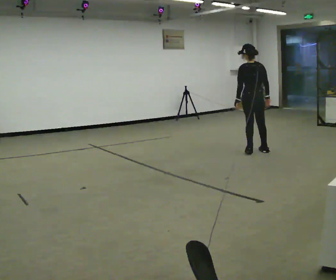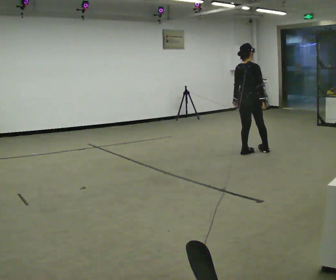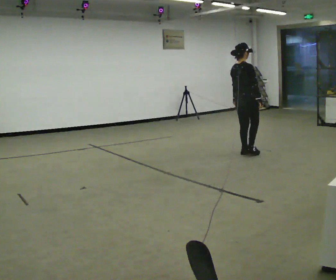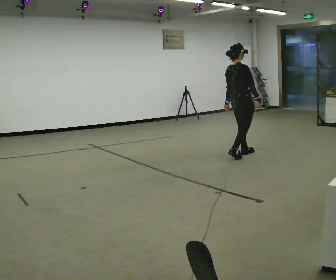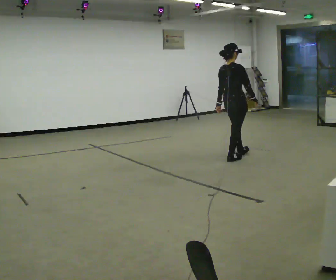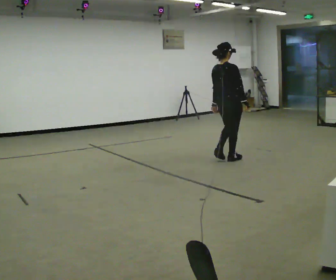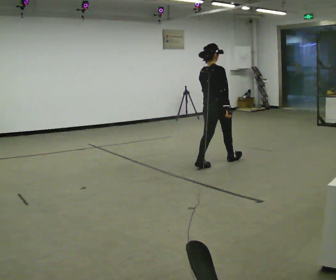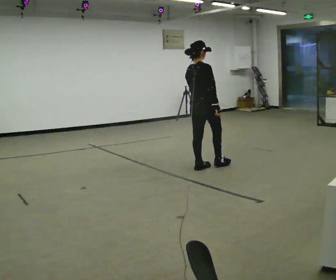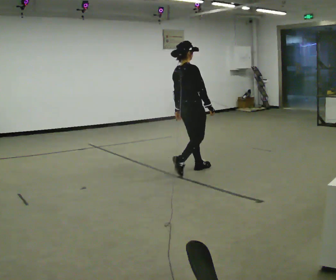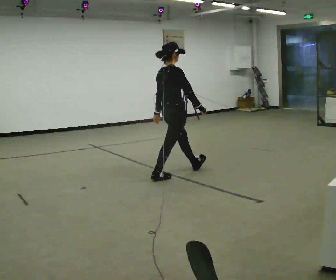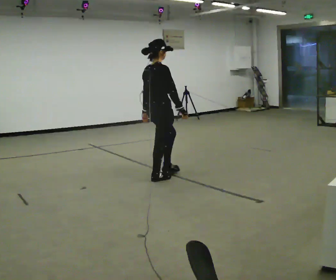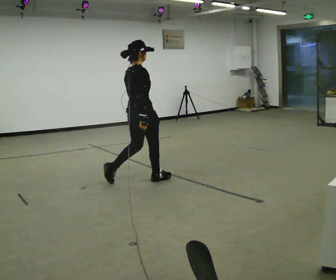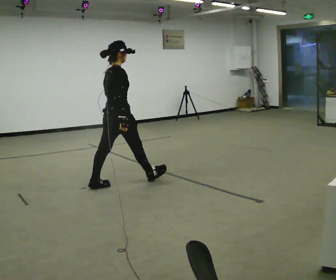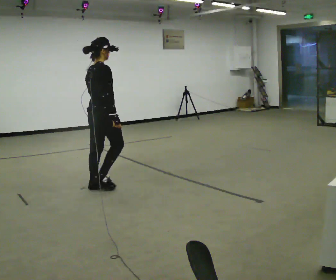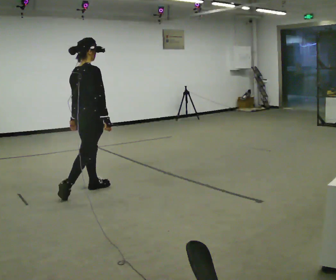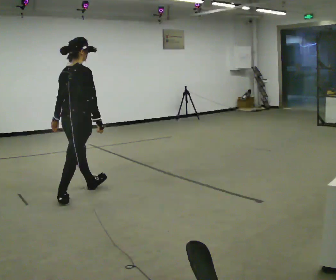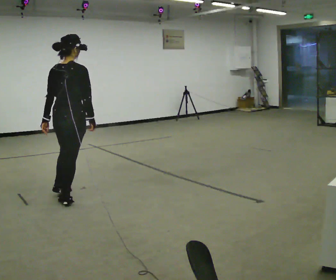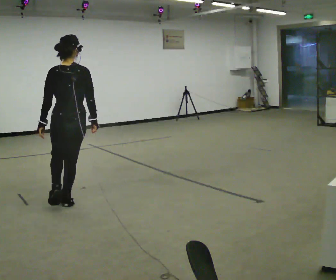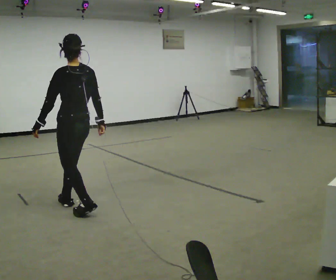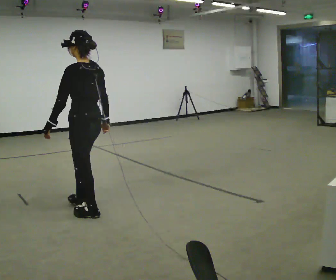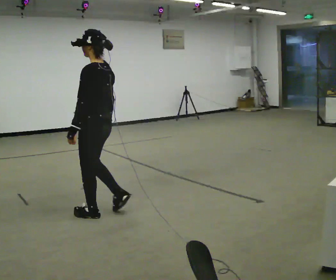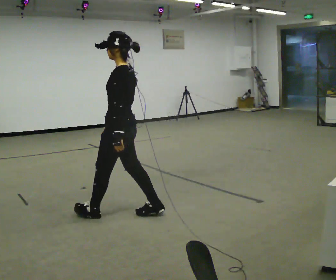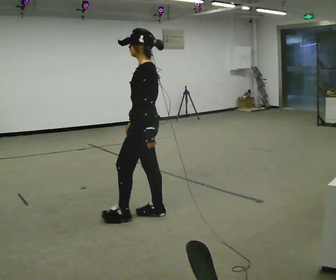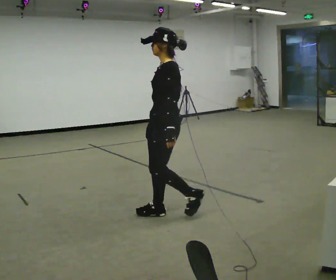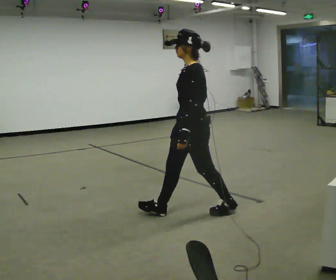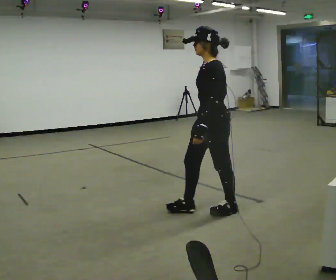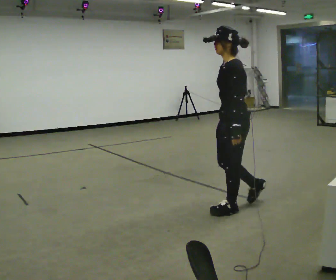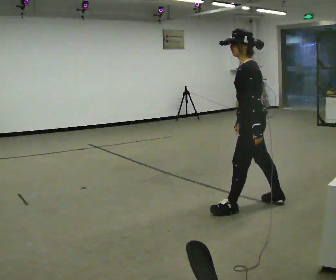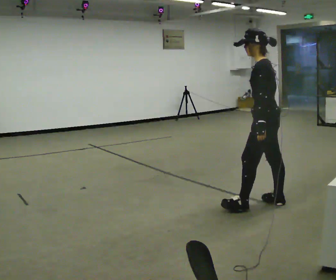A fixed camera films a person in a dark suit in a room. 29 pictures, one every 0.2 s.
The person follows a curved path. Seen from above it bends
counterclockwise.
The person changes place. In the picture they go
toward the camera.
0.0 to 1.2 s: Seen from above the body turns clockwise, about 45 degrees: to their right, with its near side sliding to the left. In the picture they go to the left and toward the camera, about 1 m in 3 steps.
1.2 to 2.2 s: In the picture they go to the left and toward the camera, about 1 m in 1 step, which for them is backward.
2.2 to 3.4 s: Seen from above the body turns counterclockwise, about 75 degrees: to their left, with its near side sliding to the right. In the picture they go to the left and toward the camera, about 1 m in 2 steps.
3.4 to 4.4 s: The person turns about 60 degrees to their left, counterclockwise seen from above, so the part of the body nearest the lens slides to the right. In the picture they go to the right and toward the camera, about 1 m in 2 steps.
4.4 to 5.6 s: In the picture they go to the right, about 1 m in 1 step, which for them is backward.
The film runs backward here.
